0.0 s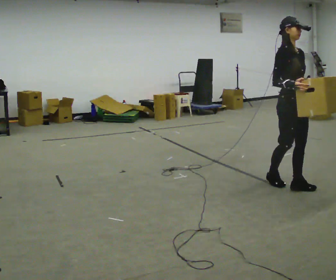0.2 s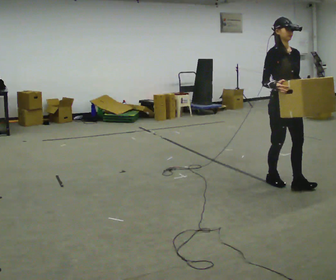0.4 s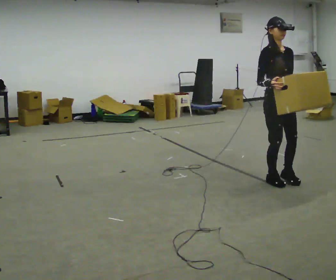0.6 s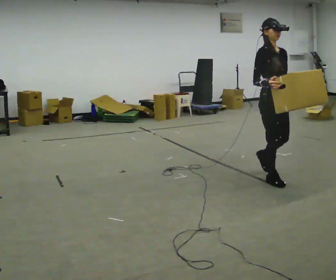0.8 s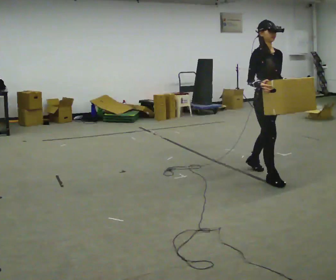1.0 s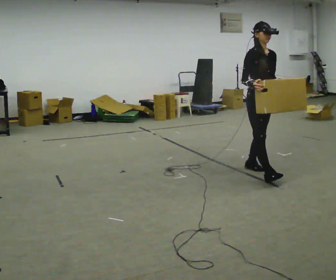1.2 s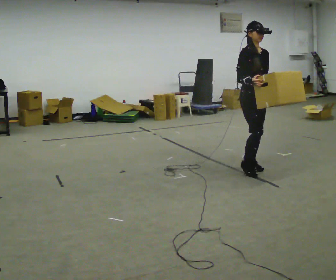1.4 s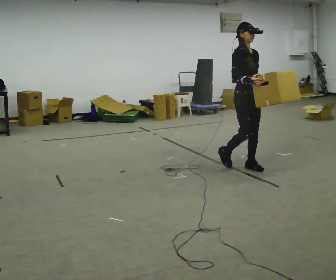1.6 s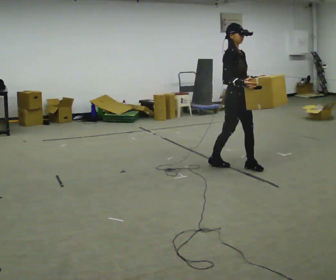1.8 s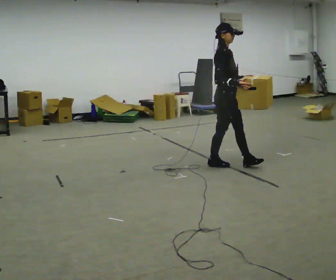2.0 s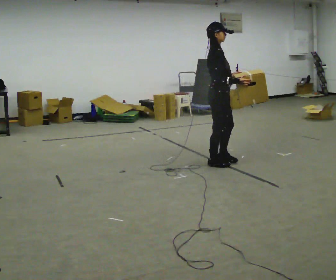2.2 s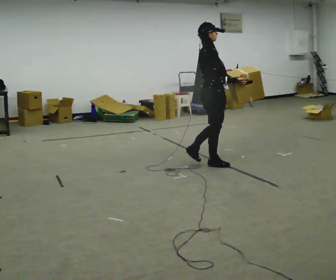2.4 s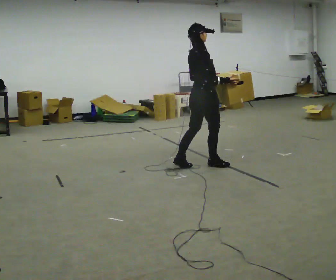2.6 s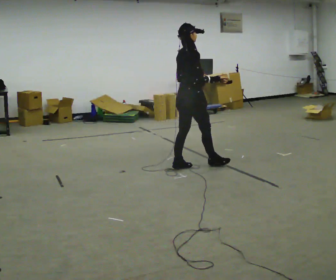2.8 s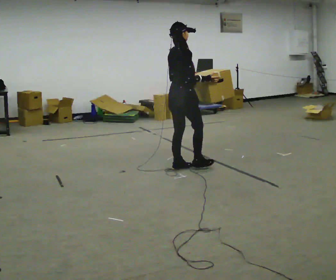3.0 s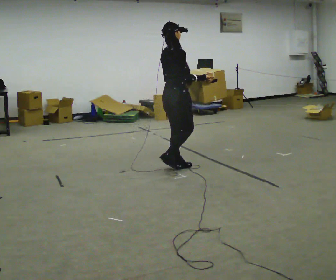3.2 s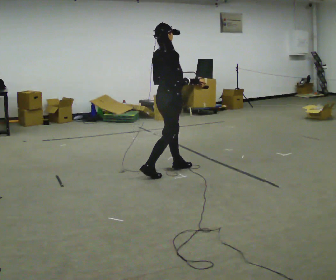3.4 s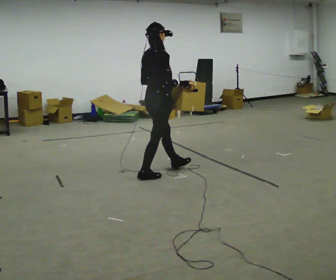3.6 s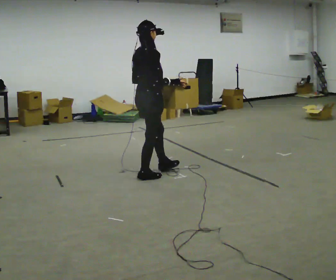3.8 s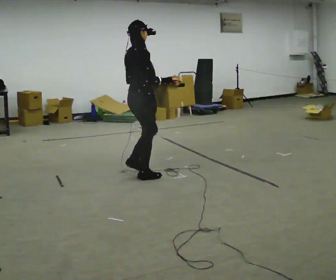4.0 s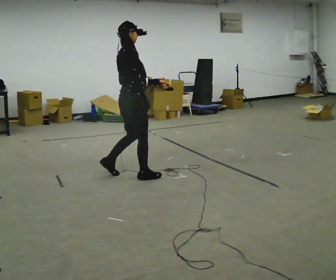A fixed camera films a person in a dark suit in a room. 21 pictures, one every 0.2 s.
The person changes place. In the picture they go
to the left.
The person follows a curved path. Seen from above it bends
counterclockwise.
0.0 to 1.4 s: In the picture they go away from the camera and to the left, about 0.5 m in 2 steps, which for them is backward.
1.4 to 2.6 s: The part of the body nearest the lens slides to the right as the person turns to their left by about 75 degrees. In the picture they go to the left, about 0.5 m in 1 step.
2.6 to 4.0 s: In the picture they go to the left and toward the camera, about 0.75 m in 2 steps, which for them is backward.
The film runs backward here.
